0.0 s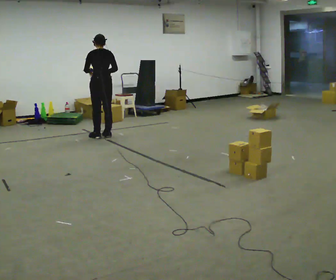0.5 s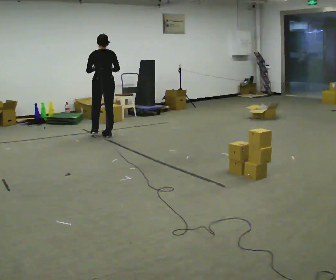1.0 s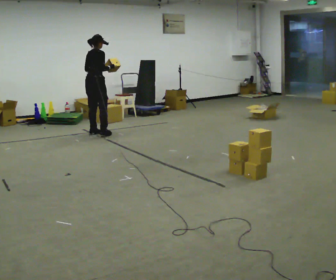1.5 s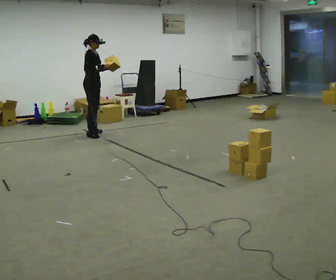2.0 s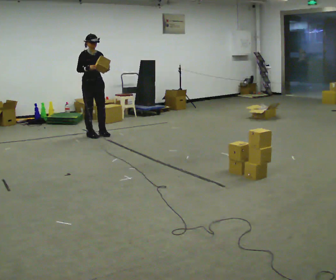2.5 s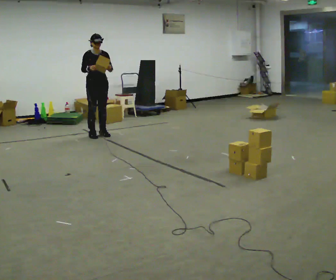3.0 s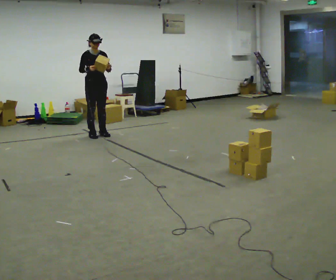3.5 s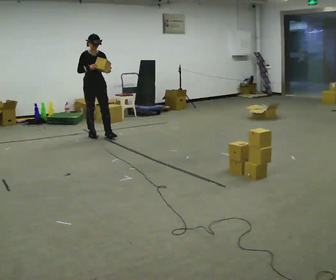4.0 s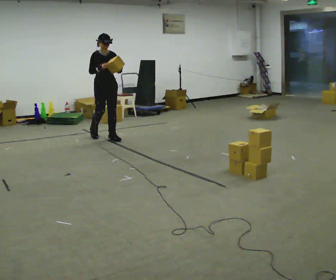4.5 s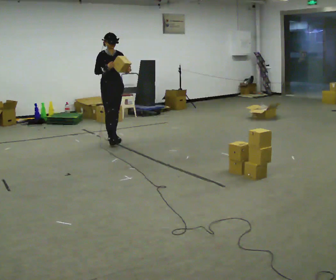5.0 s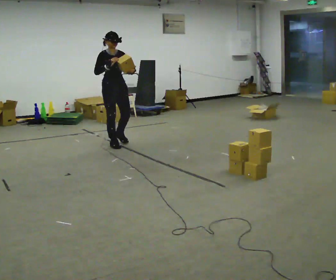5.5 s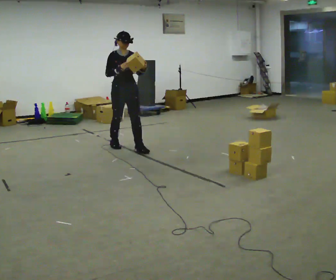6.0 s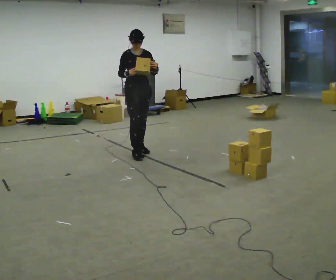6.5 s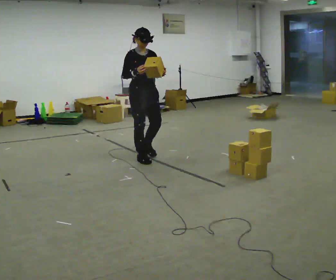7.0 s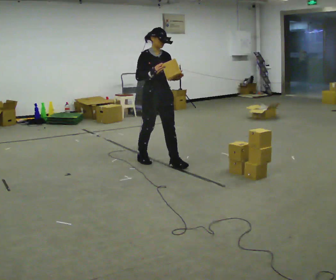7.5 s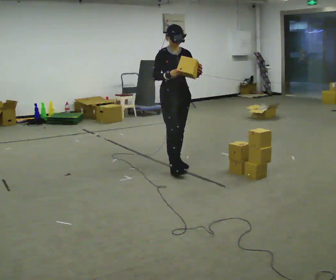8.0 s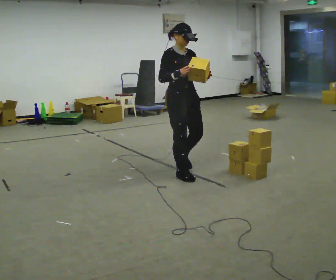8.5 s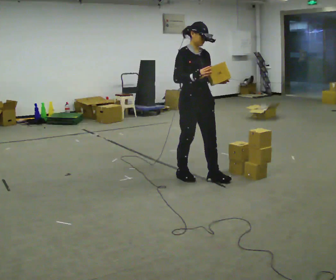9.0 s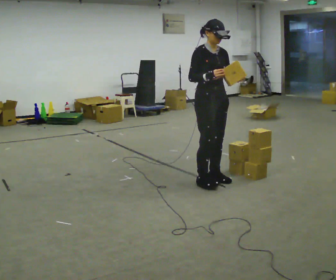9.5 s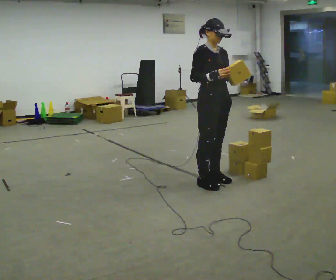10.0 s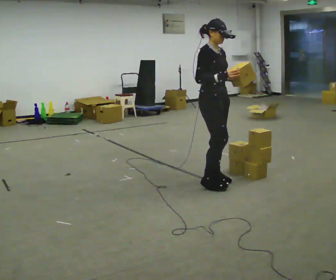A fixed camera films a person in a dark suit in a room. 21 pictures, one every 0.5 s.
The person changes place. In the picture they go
toward the camera.
0.0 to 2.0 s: The person turns about 165 degrees to their right, clockwise seen from above, so the part of the body nearest the lens slides to the left. In the picture they go to the left, about 0.25 m in 2 steps. In the picture their right hand goes to the left.
2.0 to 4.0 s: In the picture they go toward the camera and to the right, about 0.25 m in 2 steps, which for them is forward.
4.0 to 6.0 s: In the picture they go toward the camera and to the right, about 1 m in 2 steps, which for them is forward.
6.0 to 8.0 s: In the picture they go toward the camera and to the right, about 1 m in 3 steps, which for them is forward.
8.0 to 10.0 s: In the picture they go toward the camera and to the right, about 0.5 m in 2 steps, which for them is forward.
The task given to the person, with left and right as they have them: Carry the box and, while you are still walking, turn it so you can read the label, read it out loud, then carry on. Repeat with the next box. Do not stop to read it.
The film runs forward here.
